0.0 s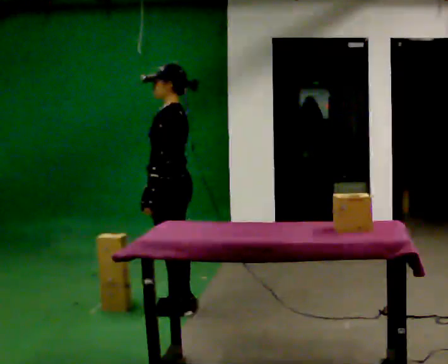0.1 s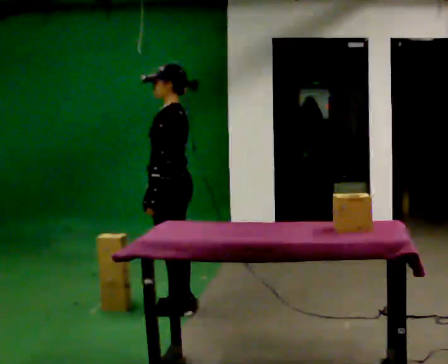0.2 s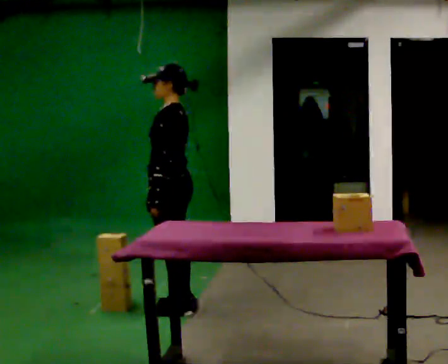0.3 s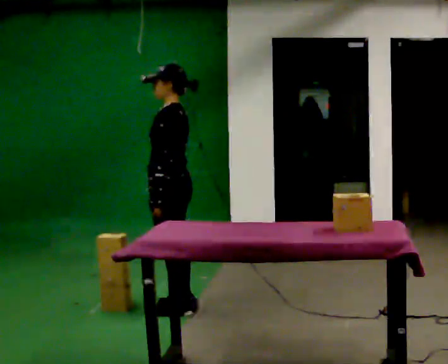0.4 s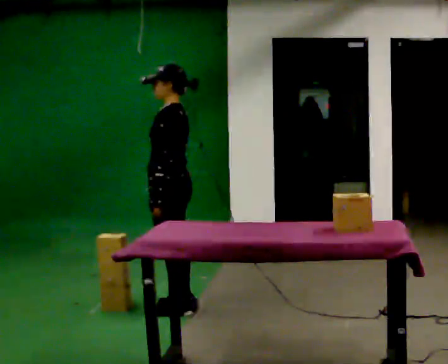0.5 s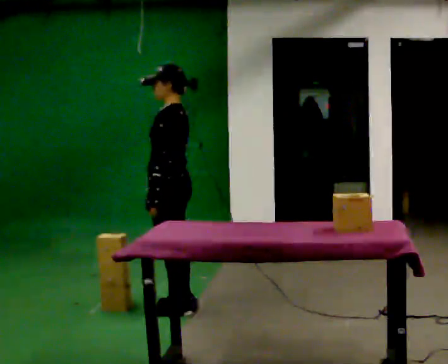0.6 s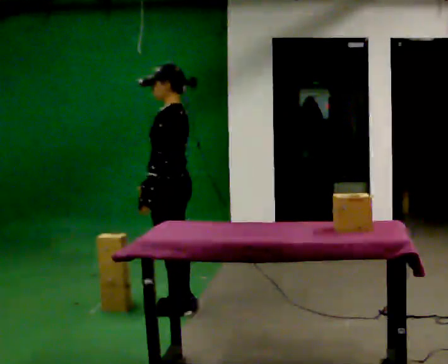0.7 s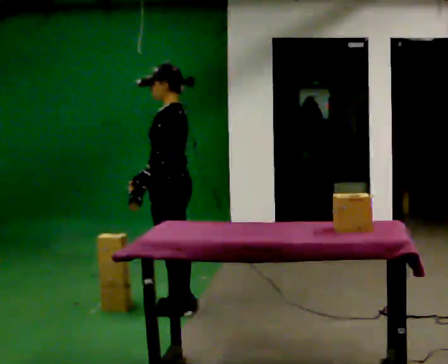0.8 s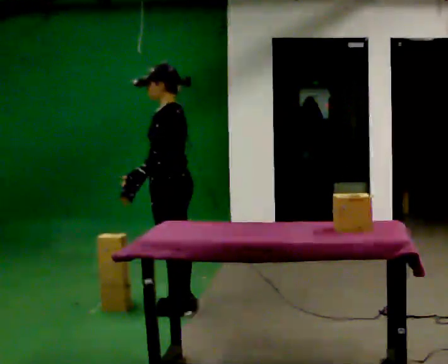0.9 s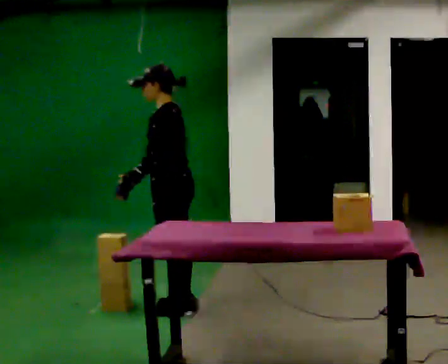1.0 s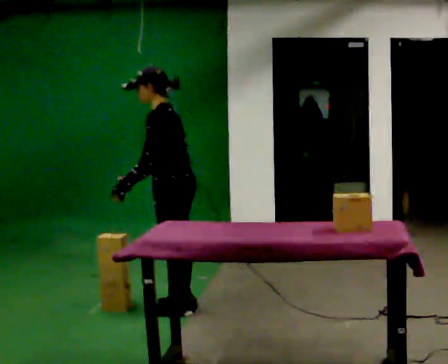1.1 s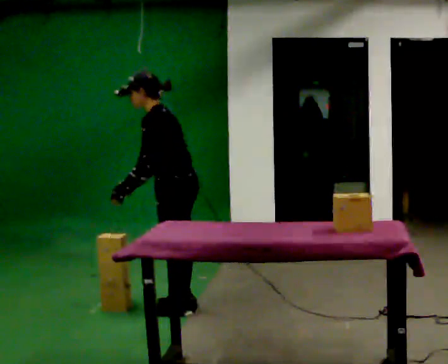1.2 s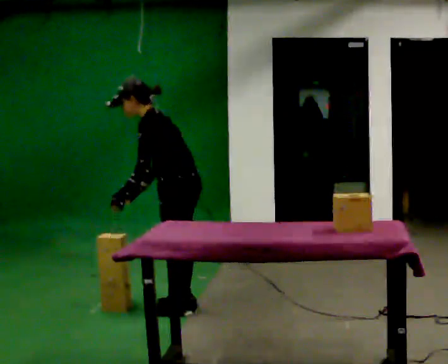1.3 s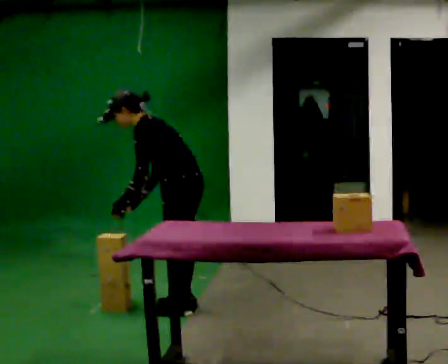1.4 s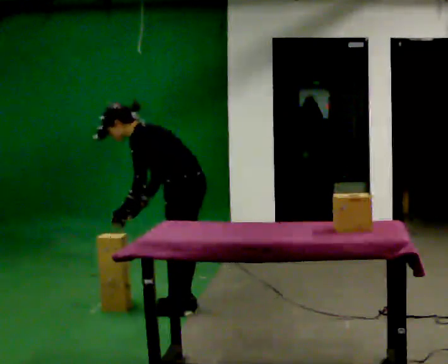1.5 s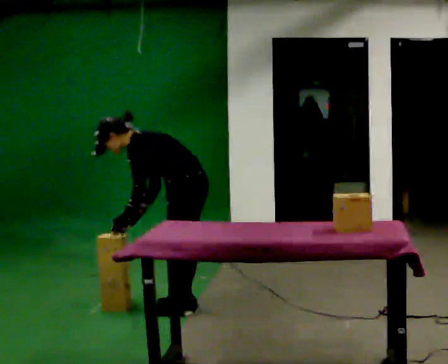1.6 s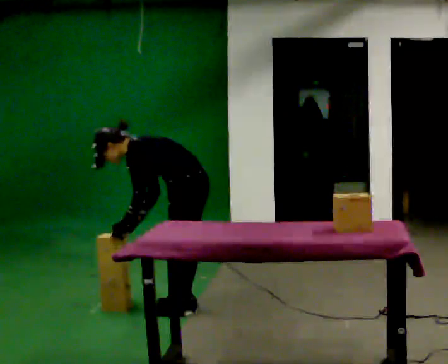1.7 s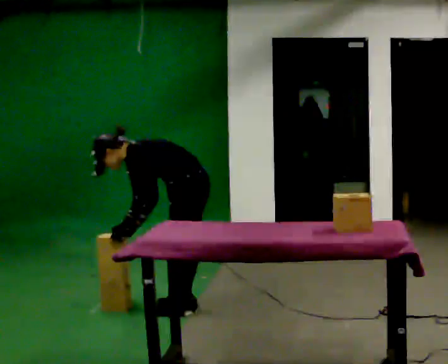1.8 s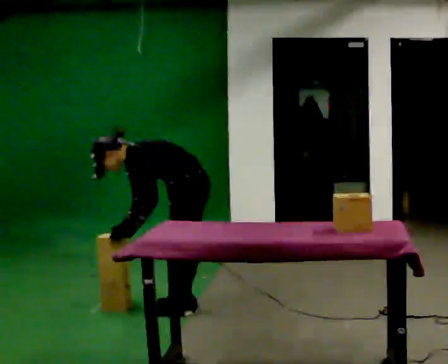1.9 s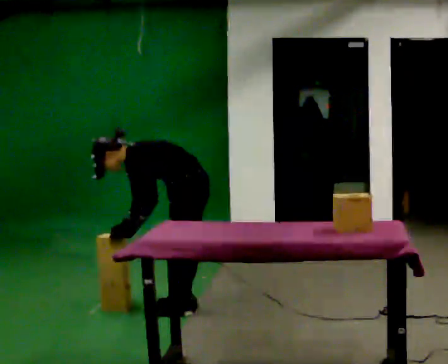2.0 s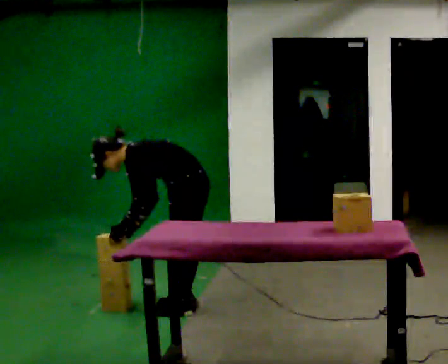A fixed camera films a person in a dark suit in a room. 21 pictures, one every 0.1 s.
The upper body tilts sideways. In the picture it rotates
counterclockwise.
The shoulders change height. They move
downward.
0.0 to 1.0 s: The person moves a little, or ends about where they began.
1.0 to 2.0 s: The upper body goes downward. In the picture the upper body tilts counterclockwise, shoulders to the left, as they bend forward. In the picture their right hand goes downward.
The film runs backward here.
